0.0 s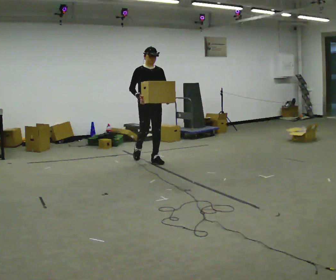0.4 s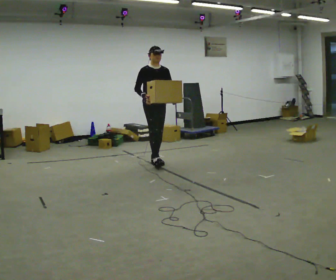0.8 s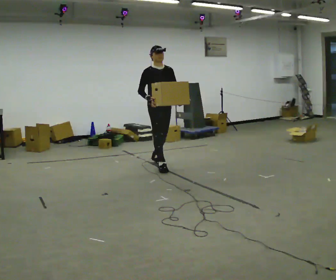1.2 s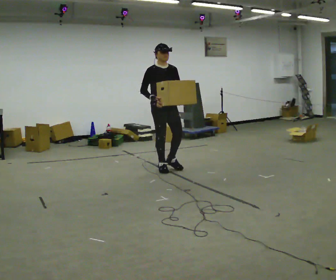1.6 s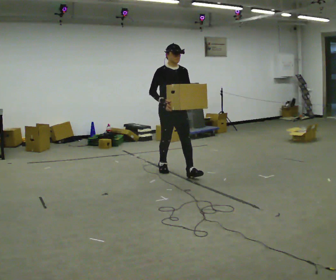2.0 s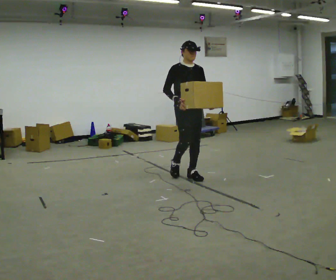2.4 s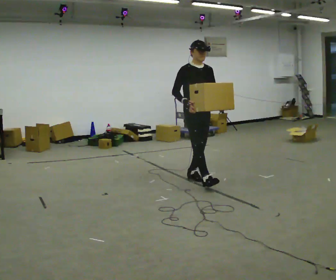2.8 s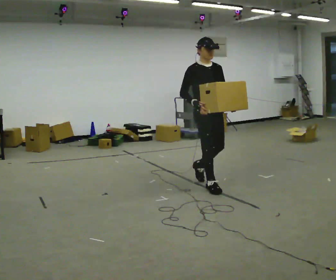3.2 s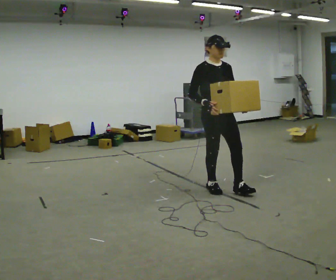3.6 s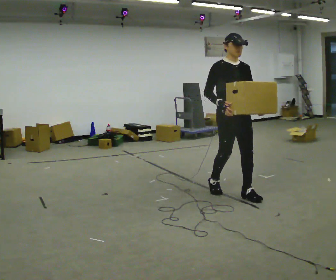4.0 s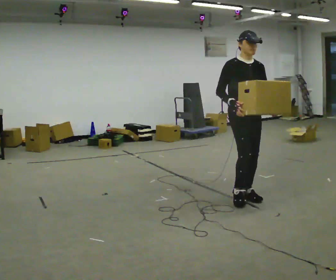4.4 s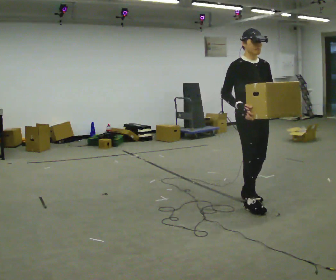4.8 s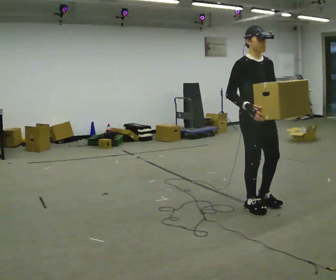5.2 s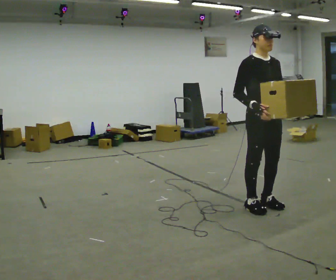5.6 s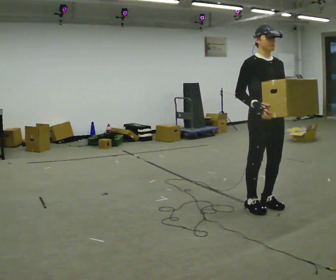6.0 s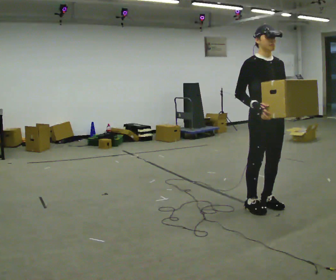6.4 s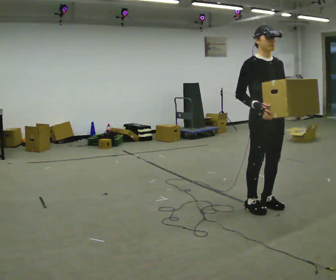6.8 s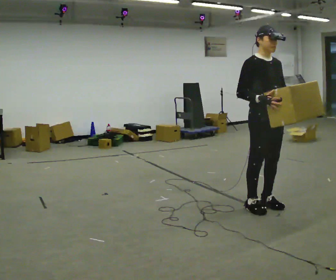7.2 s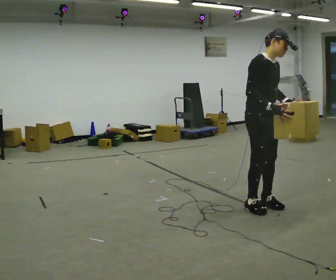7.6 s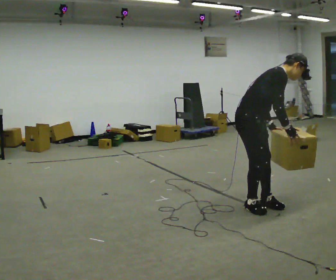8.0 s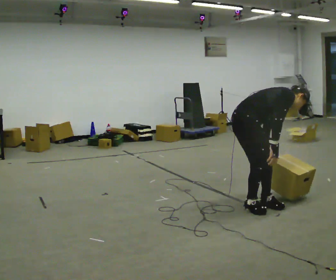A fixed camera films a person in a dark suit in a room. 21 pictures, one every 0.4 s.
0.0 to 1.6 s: In the picture they go toward the camera and to the right, about 1 m in 1 step, which for them is forward.
1.6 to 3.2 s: In the picture they go toward the camera and to the right, about 1 m in 2 steps, which for them is forward.
3.2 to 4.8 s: In the picture they go toward the camera and to the right, about 0.75 m in 2 steps, which for them is forward.
4.8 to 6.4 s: The person moves a little, or ends about where they began.
6.4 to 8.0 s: The person turns about 60 degrees to their left, counterclockwise seen from above, so the part of the body nearest the lens slides to the right. In the picture they go to the left, about 0.25 m, which for them is to their right. The shoulders move downward. In the picture the upper body tilts clockwise, shoulders to the right, as they bend forward. In the picture their left hand goes downward, the arm swinging clockwise.
The film runs forward here.
